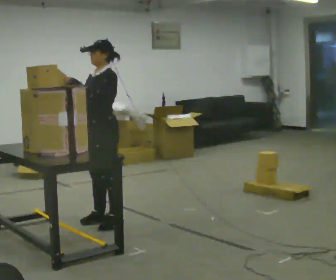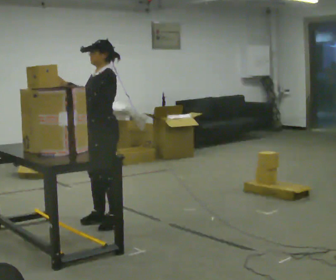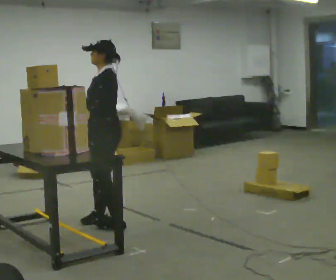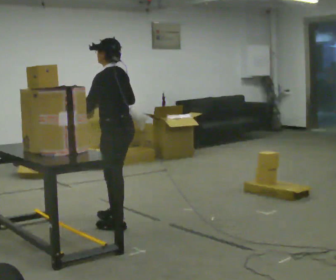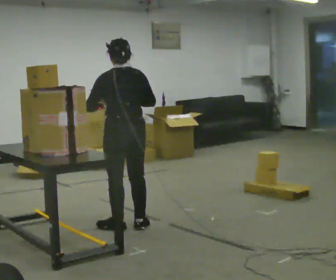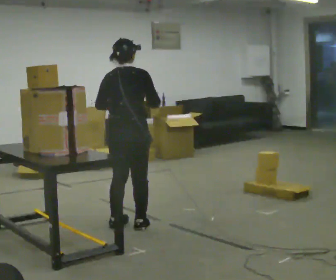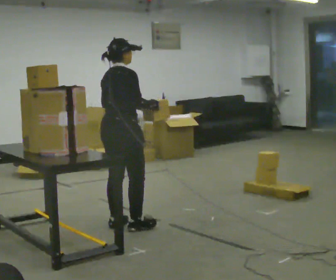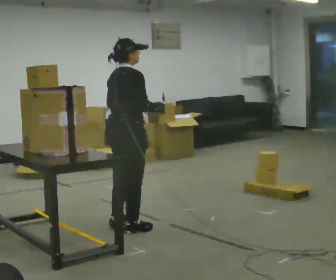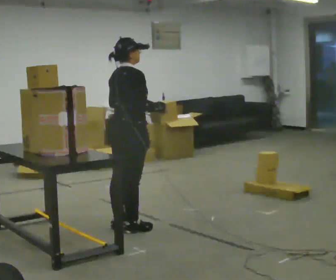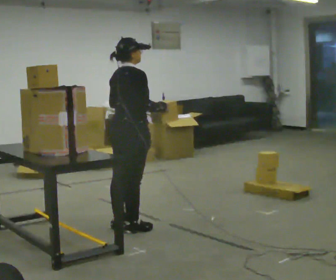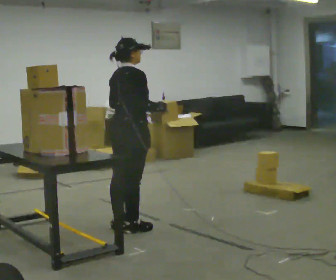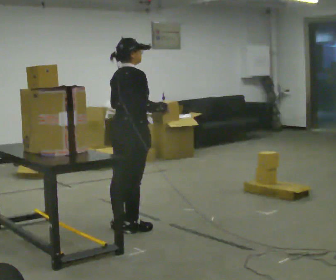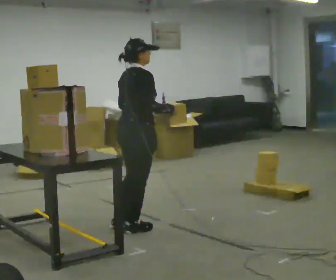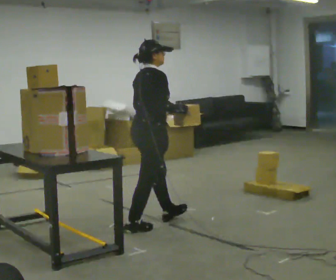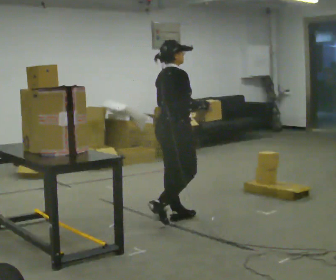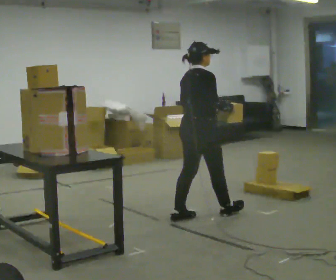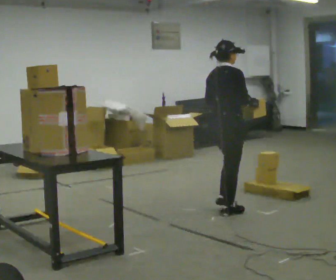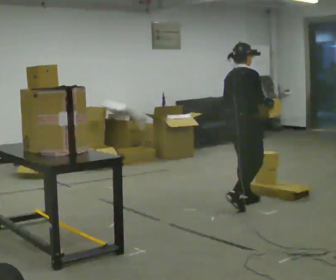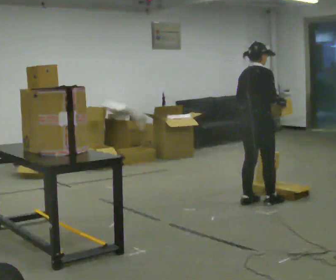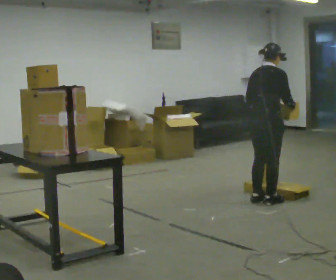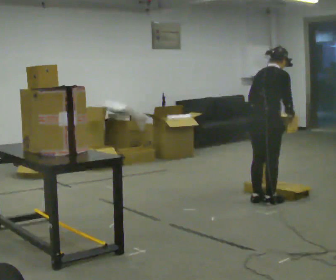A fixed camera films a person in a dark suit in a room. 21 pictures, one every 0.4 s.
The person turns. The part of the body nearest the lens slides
to the left.
The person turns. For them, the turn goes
to their right.
0.0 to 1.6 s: The part of the body nearest the lens slides to the left as the person turns to their right by about 105 degrees. In the picture they go to the right, about 0.25 m in 1 step.
1.6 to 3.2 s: Seen from above the body turns clockwise, about 75 degrees: to their right, with its near side sliding to the left.
3.2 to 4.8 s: The person moves a little, or ends about where they began.
4.8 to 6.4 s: In the picture they go to the right, about 1 m in 2 steps, which for them is forward.
6.4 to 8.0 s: In the picture they go to the right and away from the camera, about 0.5 m in 2 steps, which for them is forward. In the picture the upper body tilts clockwise, shoulders to the right, as they bend forward.
The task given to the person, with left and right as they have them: Take an object from the lowest shelf, carry it across the room, and place it on the highest shelf you can comfortably reach. Keep going until the operator says stop; one object at a time, and do not rush between trips.
The film runs forward here.
